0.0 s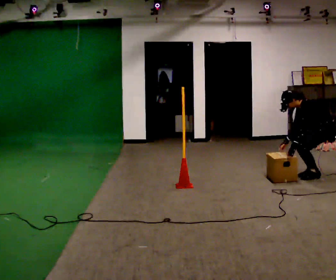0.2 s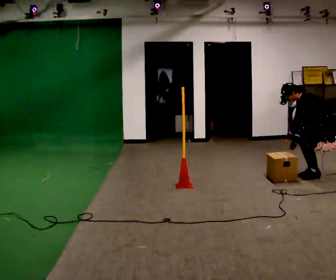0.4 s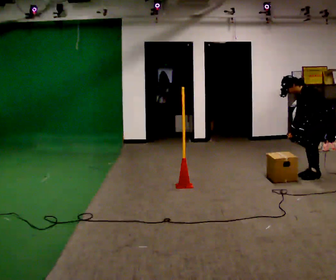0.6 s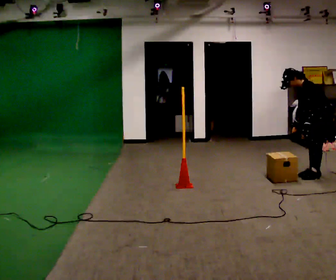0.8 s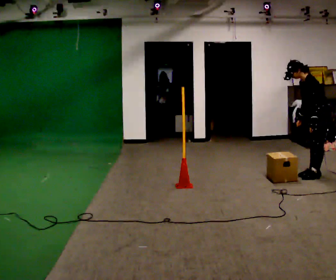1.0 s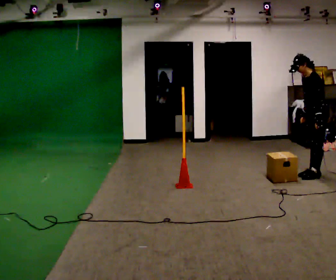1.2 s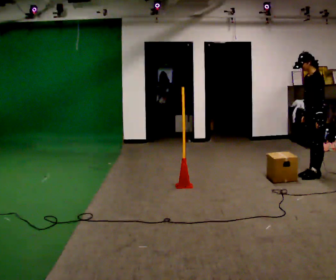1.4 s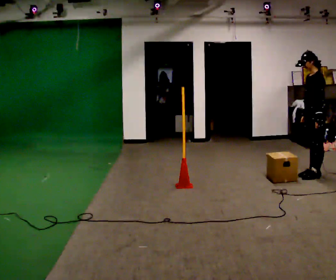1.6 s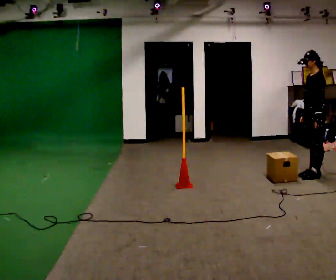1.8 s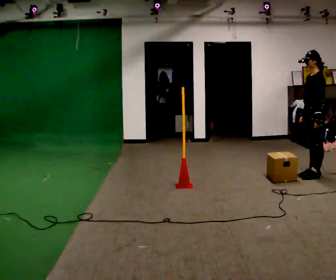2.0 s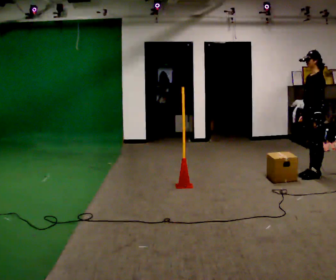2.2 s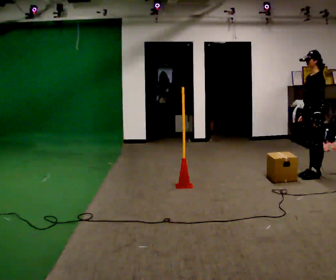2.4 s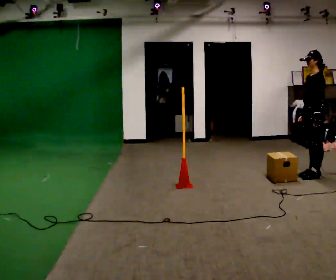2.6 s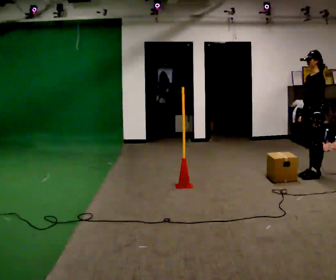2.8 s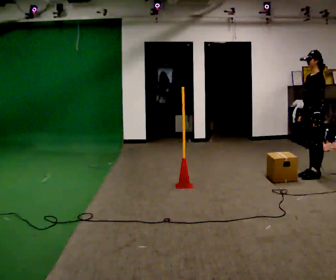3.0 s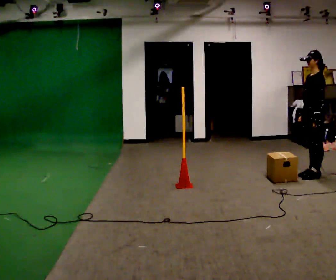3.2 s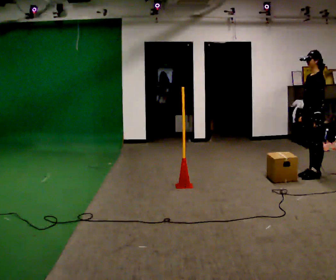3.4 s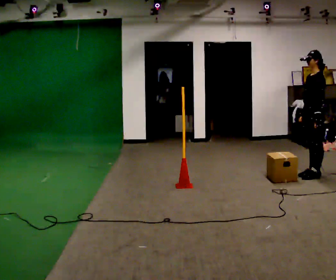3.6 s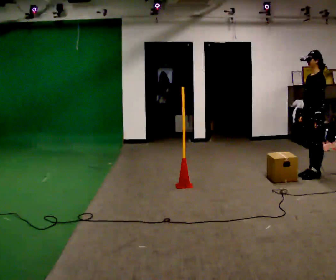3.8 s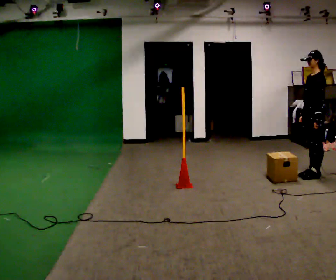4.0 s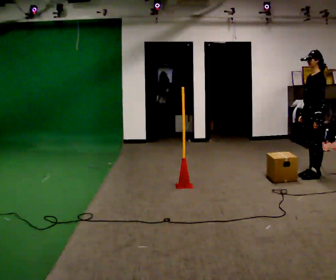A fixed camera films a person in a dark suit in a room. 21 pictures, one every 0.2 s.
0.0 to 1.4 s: The upper body goes upward. In the picture the upper body tilts clockwise, shoulders to the right, as they lean back or straighten. In the picture their left hand goes to the right and upward.
1.4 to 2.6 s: The person moves a little, or ends about where they began.
2.6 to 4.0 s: The person keeps their place and pose.
The film runs backward here.
